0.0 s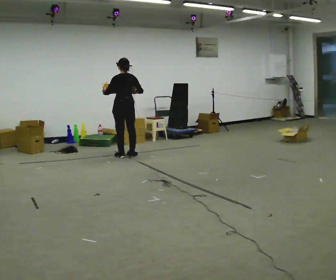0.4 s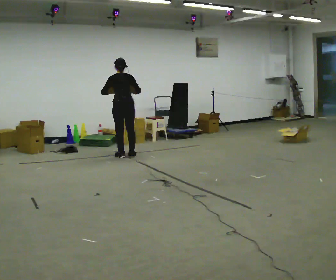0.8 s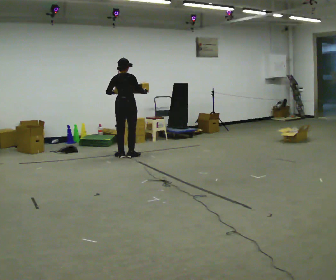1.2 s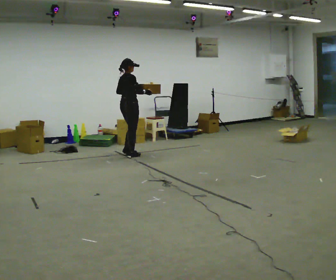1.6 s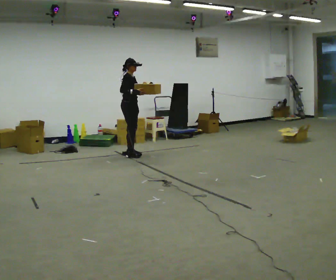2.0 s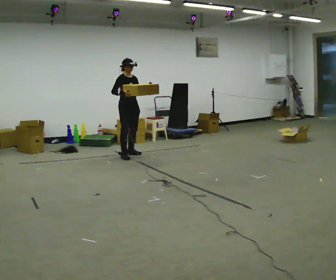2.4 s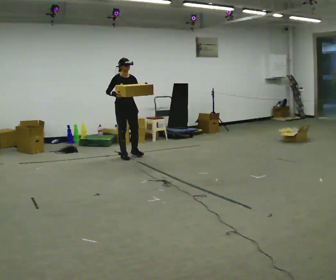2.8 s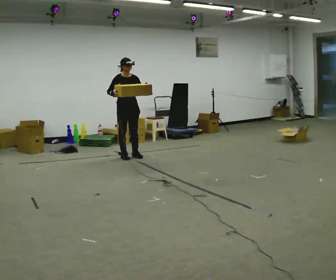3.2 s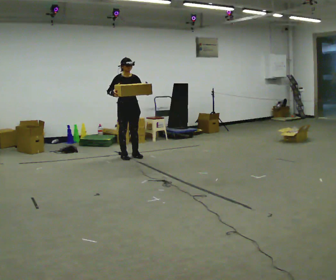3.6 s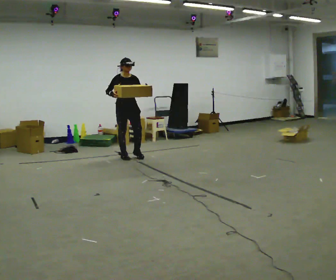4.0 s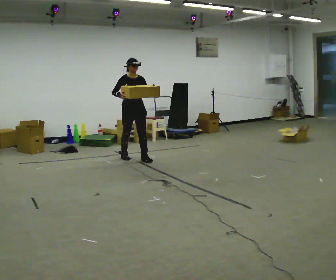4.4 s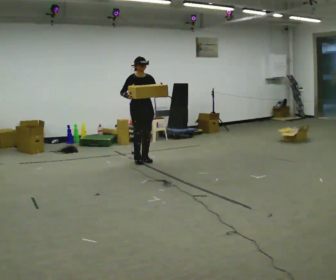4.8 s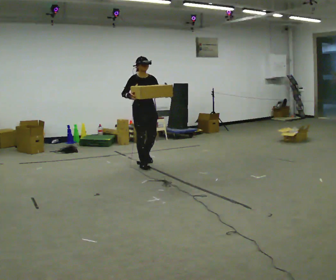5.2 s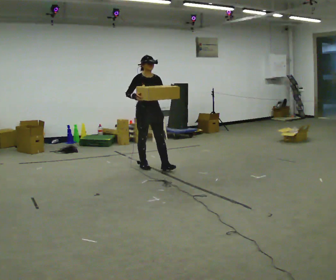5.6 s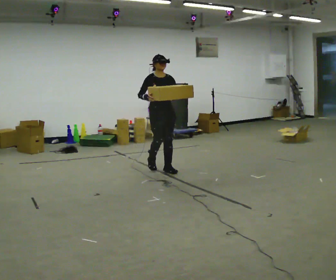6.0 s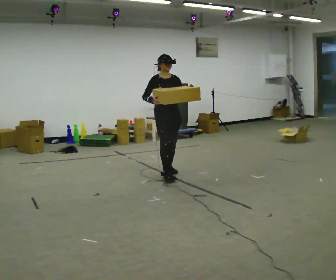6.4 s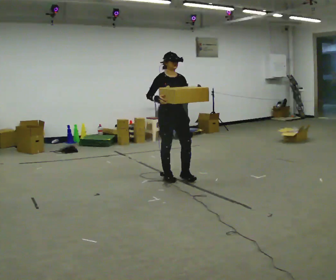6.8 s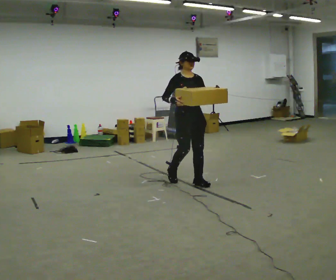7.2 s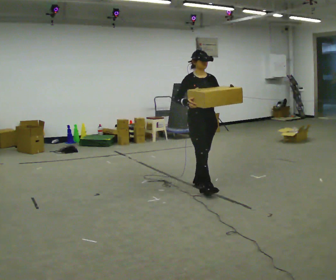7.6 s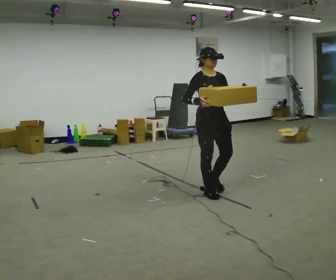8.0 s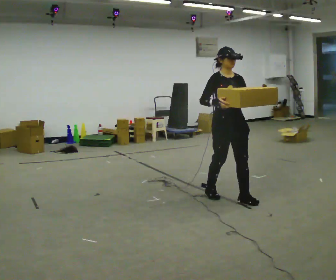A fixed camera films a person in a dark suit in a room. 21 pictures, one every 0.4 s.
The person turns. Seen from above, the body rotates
clockwise.
The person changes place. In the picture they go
toward the camera.
0.0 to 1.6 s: The person turns about 120 degrees to their right, clockwise seen from above, so the part of the body nearest the lens slides to the left. In the picture their left hand goes to the right.
1.6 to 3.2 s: The part of the body nearest the lens slides to the left as the person turns to their right by about 45 degrees. In the picture they go toward the camera, about 0.25 m in 1 step, which for them is forward.
3.2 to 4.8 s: In the picture they go toward the camera and to the right, about 0.5 m in 2 steps, which for them is forward.
4.8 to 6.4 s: In the picture they go toward the camera and to the right, about 1 m in 2 steps, which for them is forward.
6.4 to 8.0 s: In the picture they go toward the camera and to the right, about 1 m in 3 steps, which for them is forward.
The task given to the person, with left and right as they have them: Carry the medium box in both hands in front of you, walking back and forth across the room. Keep walking until the operator says stop.
The film runs forward here.
